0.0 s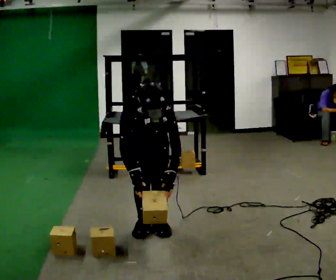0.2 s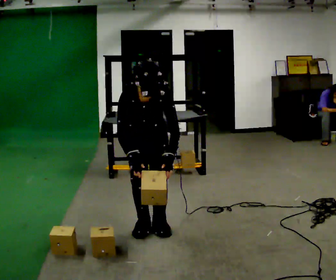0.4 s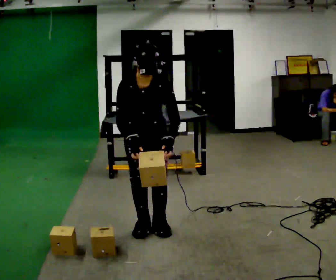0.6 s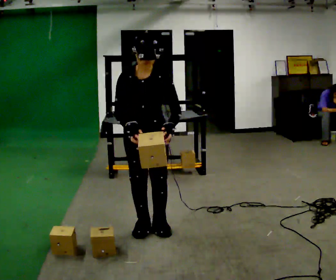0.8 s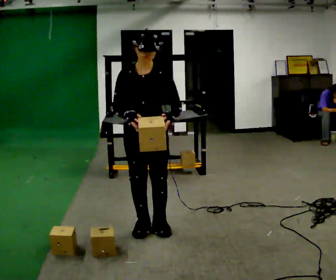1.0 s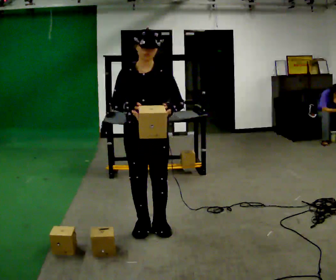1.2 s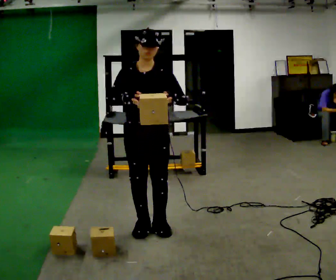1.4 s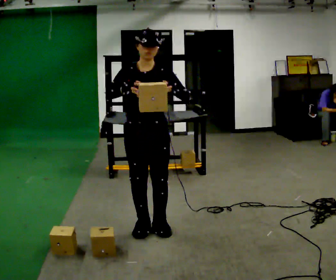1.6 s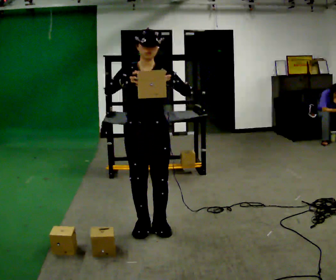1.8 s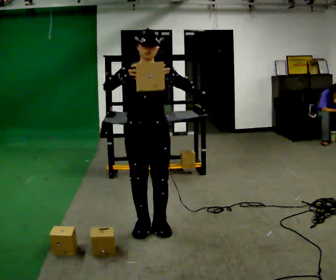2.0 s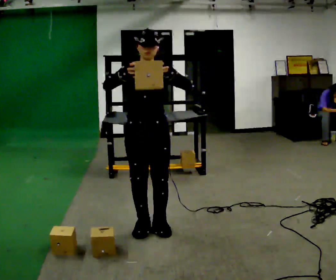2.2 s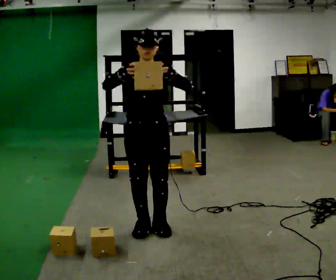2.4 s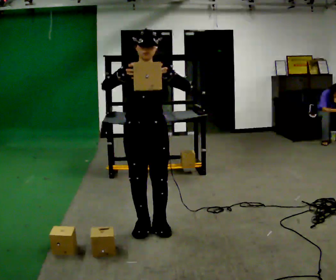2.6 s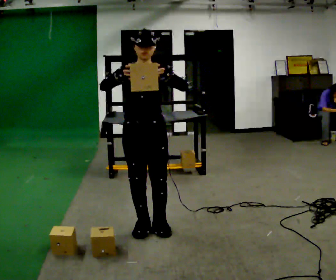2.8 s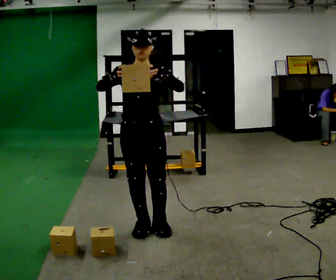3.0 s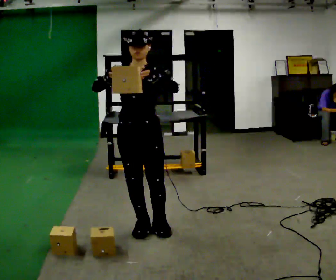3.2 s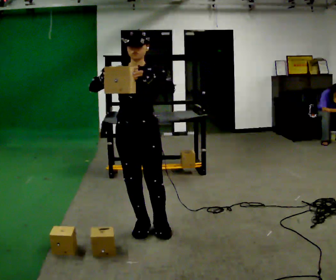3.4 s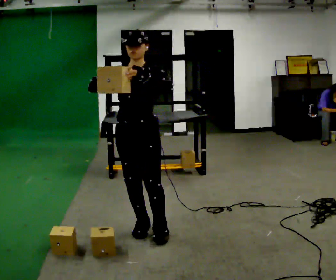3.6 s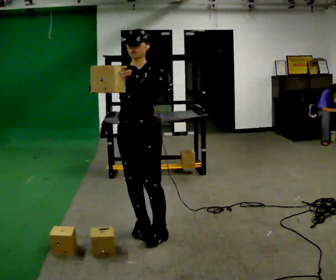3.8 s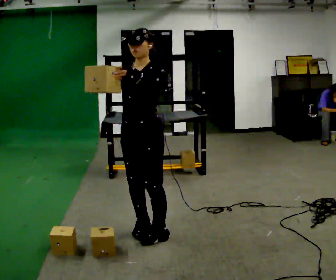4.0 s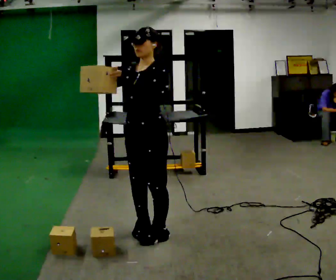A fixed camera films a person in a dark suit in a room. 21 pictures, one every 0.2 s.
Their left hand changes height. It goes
upward.
Their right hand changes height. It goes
upward.
0.0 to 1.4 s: The shoulders move upward. The upper body tips away from the camera, its near side rolling upward, as they lean back or straighten. In the picture their right hand goes upward.
1.4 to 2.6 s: The person moves a little, or ends about where they began.
2.6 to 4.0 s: The person turns about 45 degrees to their right, clockwise seen from above, so the part of the body nearest the lens slides to the left.
The film runs forward here.
